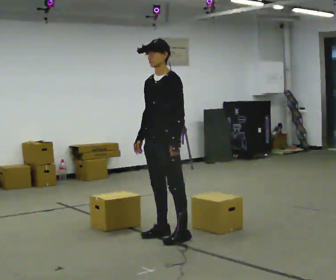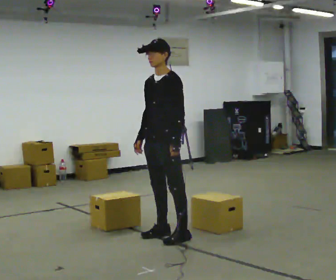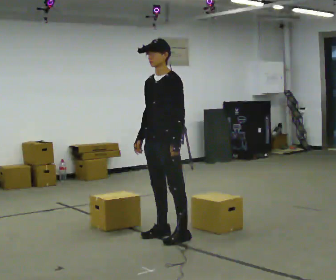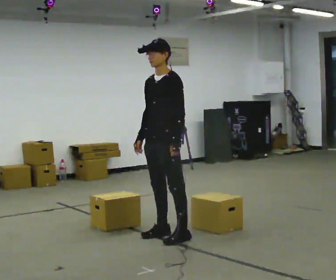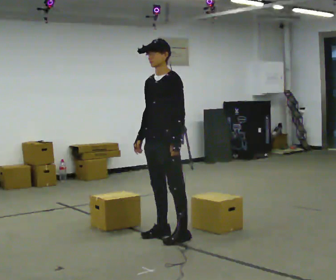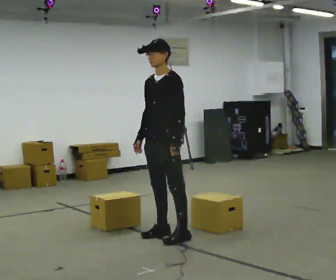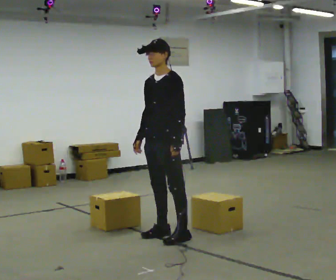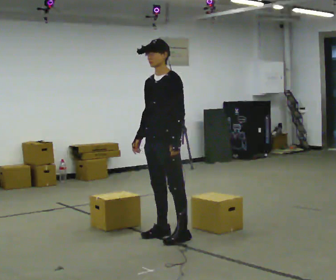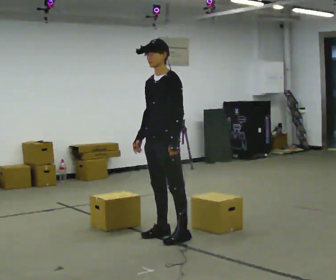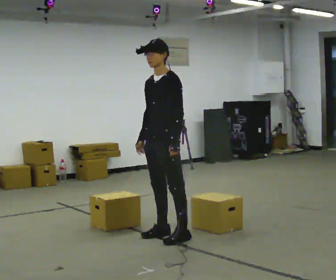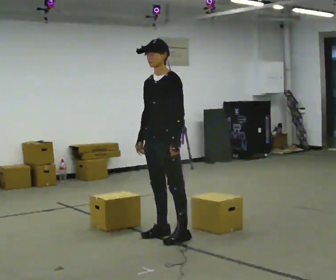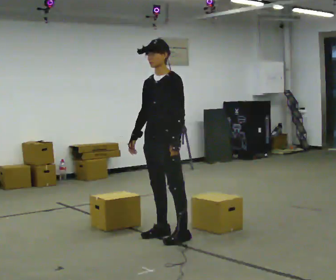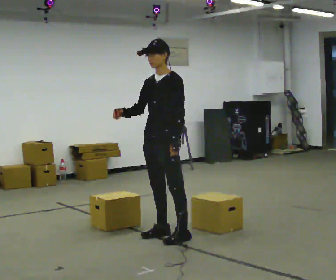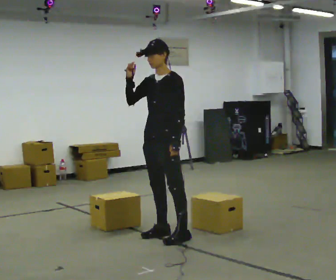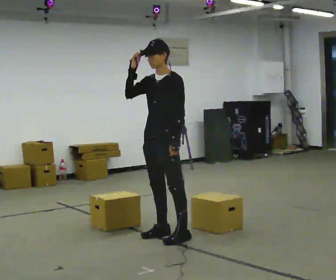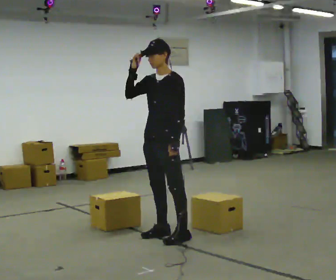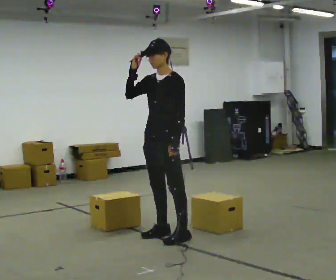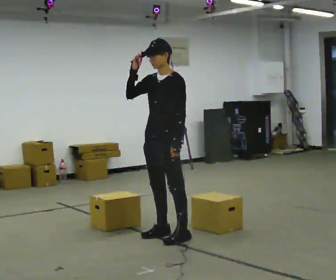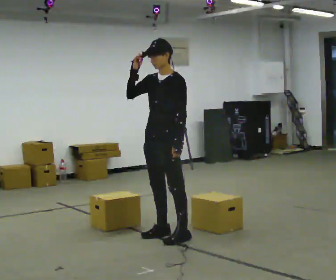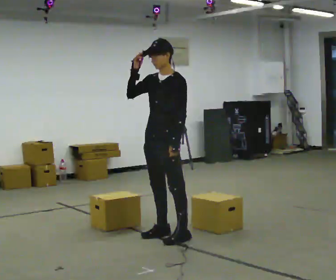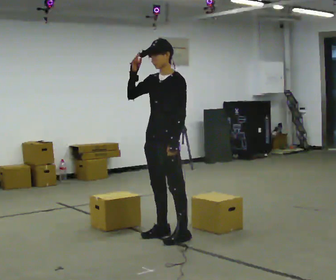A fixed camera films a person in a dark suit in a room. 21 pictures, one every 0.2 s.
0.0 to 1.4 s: The person keeps their place and pose.
1.4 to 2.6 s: In the picture their right hand goes upward, the arm swinging clockwise.
2.6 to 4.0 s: The person moves a little, or ends about where they began.
The film runs backward here.
